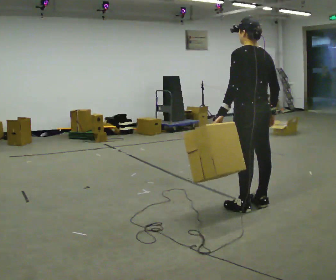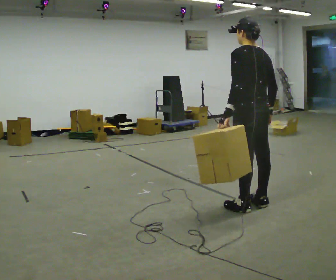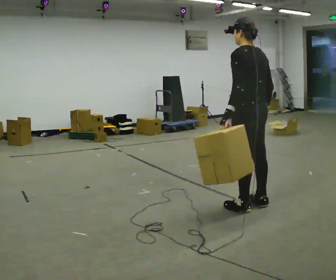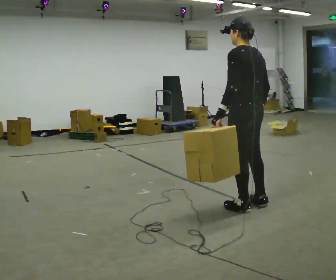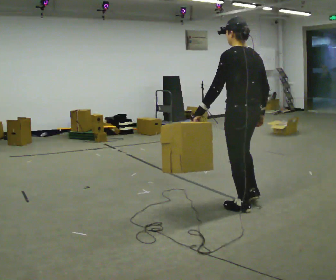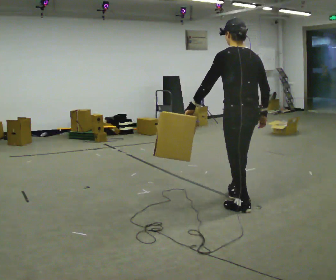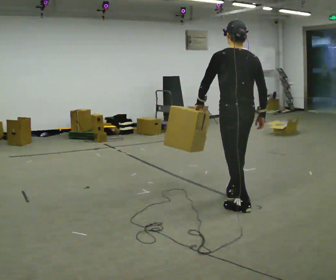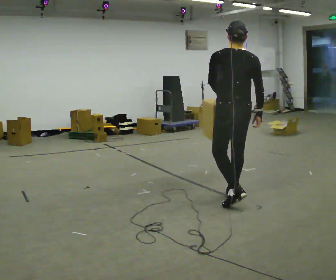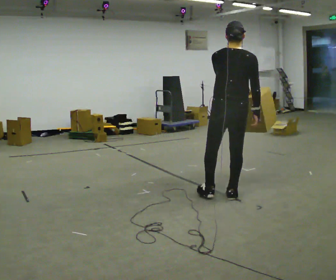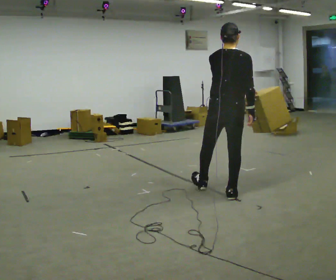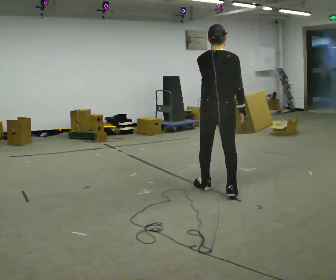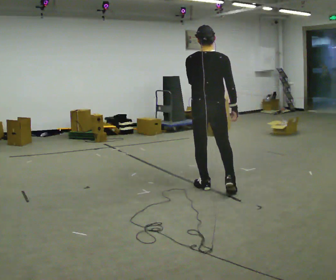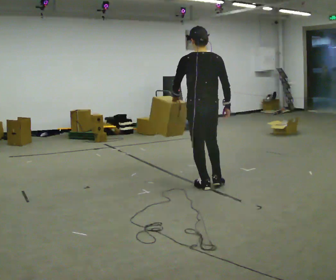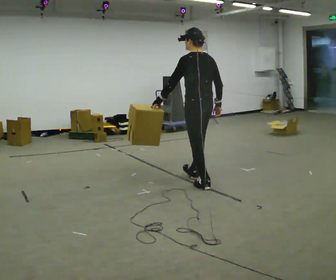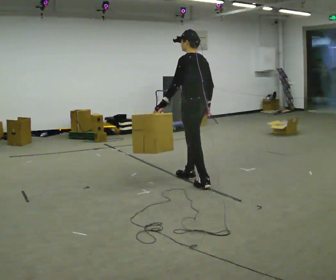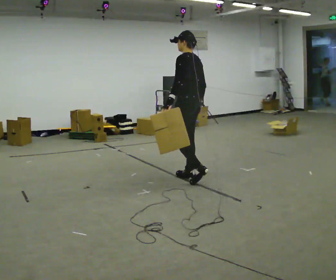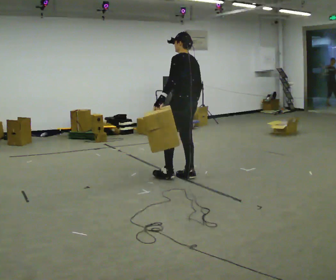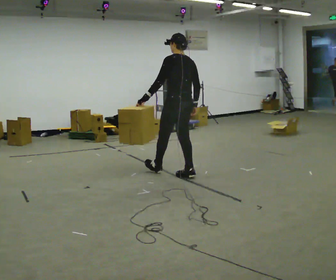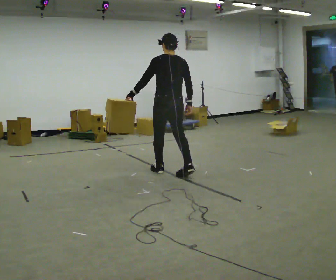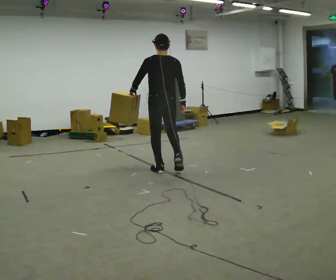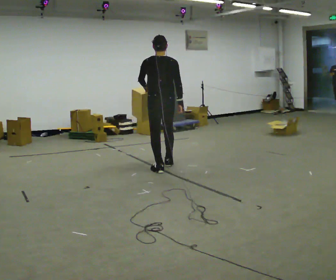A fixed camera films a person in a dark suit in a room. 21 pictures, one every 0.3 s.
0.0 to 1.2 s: The person moves a little, or ends about where they began.
1.2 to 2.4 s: The person turns about 45 degrees to their right, clockwise seen from above, so the part of the body nearest the lens slides to the left. In the picture they go away from the camera and to the left, about 0.25 m in 1 step, which for them is forward.
2.4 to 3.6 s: The person turns about 30 degrees to their left, counterclockwise seen from above, so the part of the body nearest the lens slides to the right. In the picture they go to the left and away from the camera, about 0.5 m in 1 step, which for them is to their left and forward.
3.6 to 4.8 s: The part of the body nearest the lens slides to the right as the person turns to their left by about 30 degrees. In the picture they go away from the camera and to the left, about 0.5 m in 1 step, which for them is forward and to their right.
4.8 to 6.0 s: Seen from above the body turns clockwise, about 45 degrees: to their right, with its near side sliding to the left. In the picture they go to the left and away from the camera, about 0.5 m in 1 step, which for them is forward.
The film runs forward here.
